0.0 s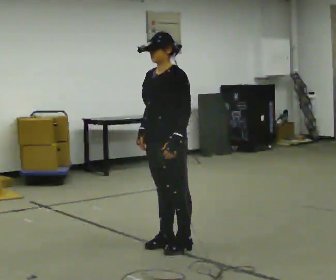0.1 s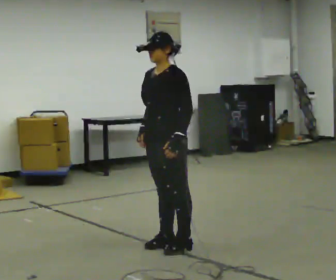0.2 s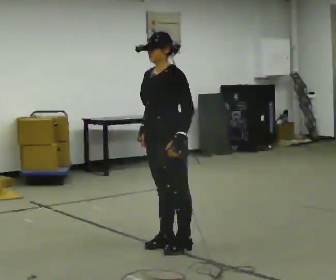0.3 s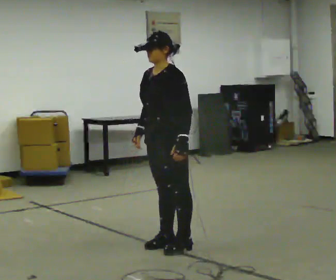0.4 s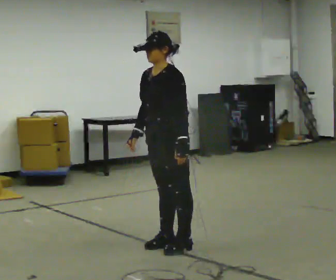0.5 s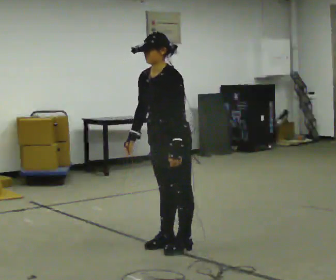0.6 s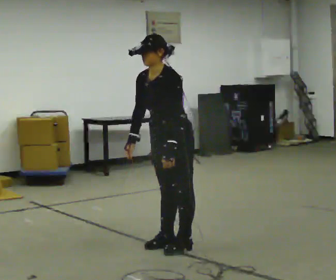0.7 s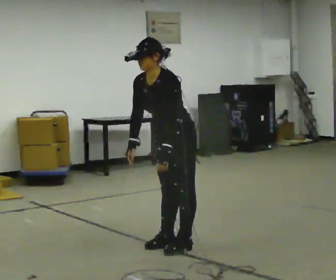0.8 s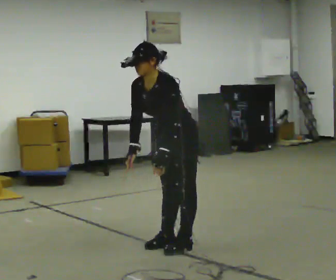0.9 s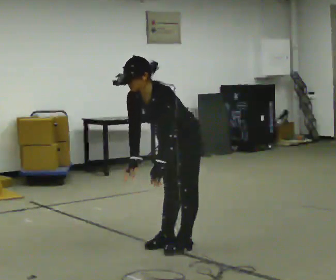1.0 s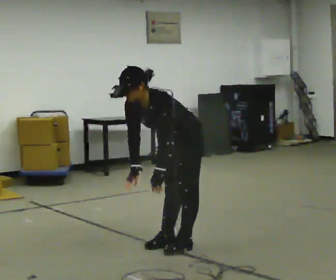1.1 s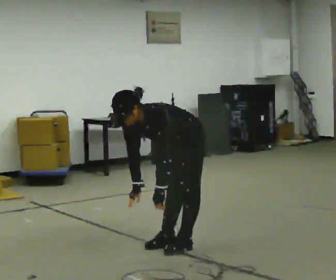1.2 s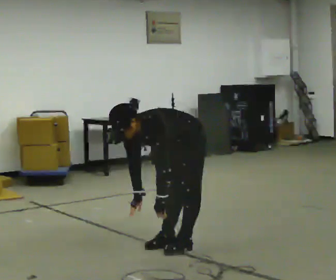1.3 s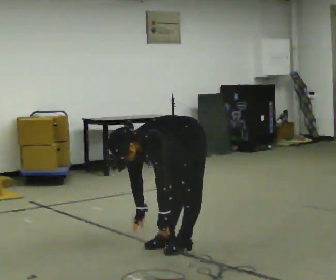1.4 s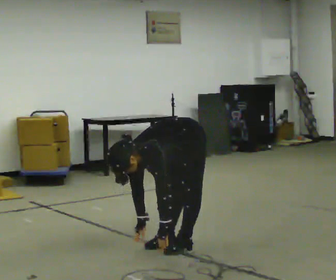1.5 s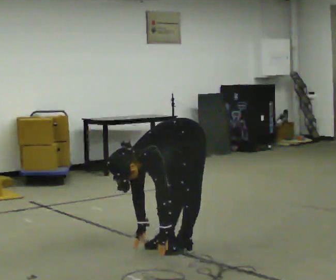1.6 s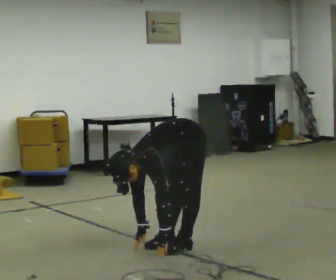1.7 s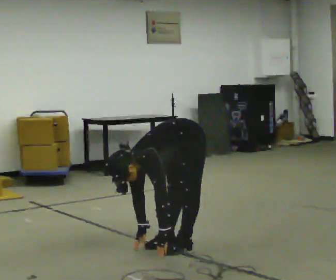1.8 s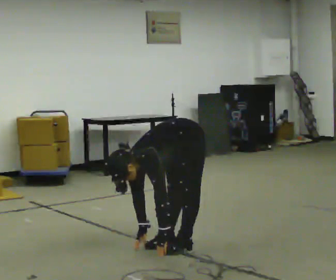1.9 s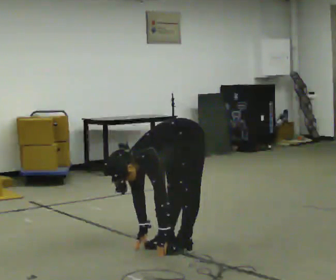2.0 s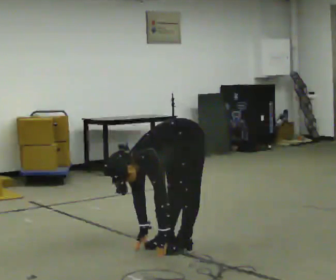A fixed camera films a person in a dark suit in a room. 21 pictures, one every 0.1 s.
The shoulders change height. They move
downward.
Their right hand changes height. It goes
downward.
0.0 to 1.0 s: The upper body goes downward. The upper body tips toward the camera, its near side rolling downward, as they bend forward.
1.0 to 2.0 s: The shoulders move downward. The upper body tips toward the camera, its near side rolling downward, as they bend forward. In the picture their left hand goes downward.
The film runs backward here.
